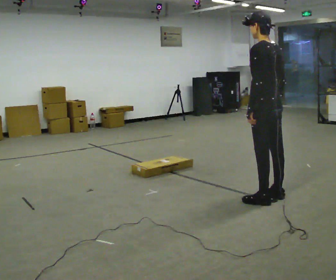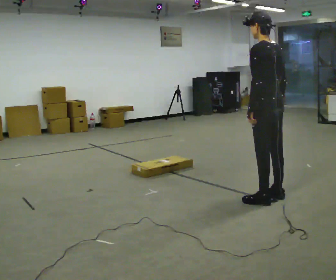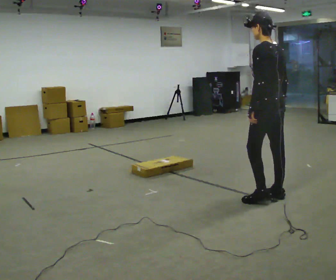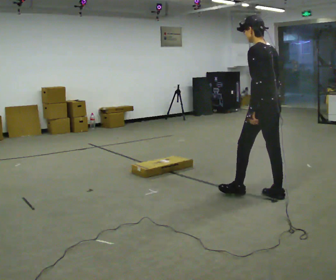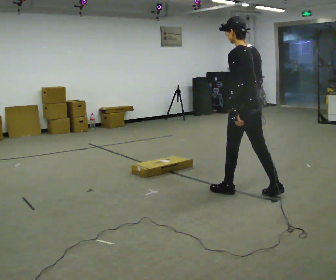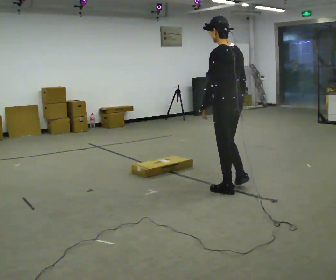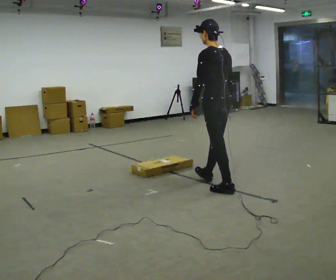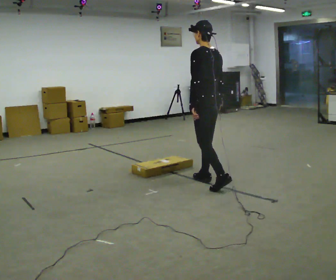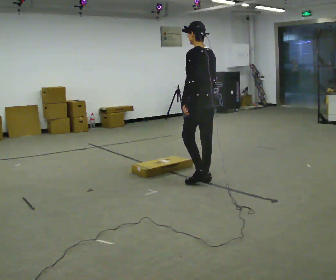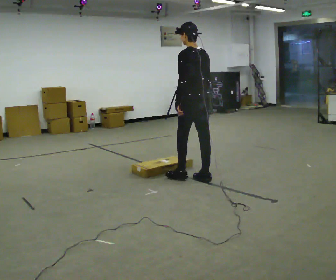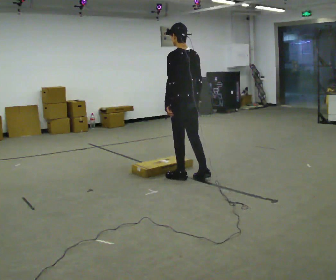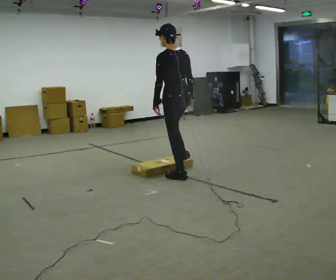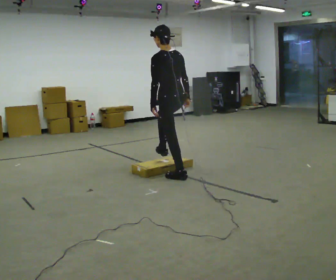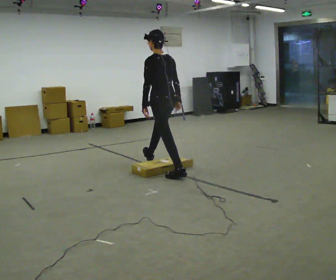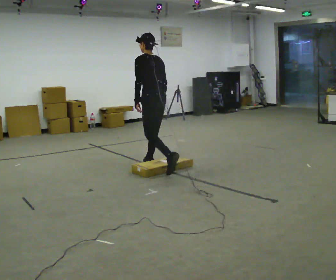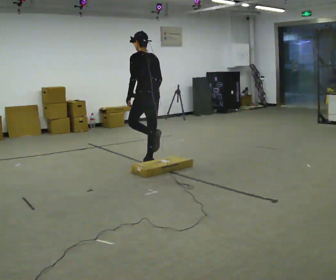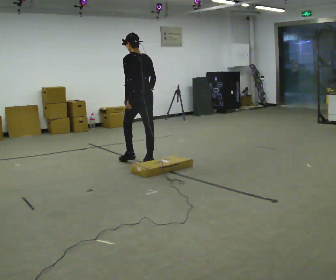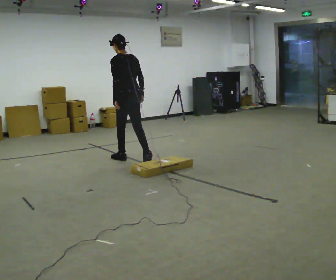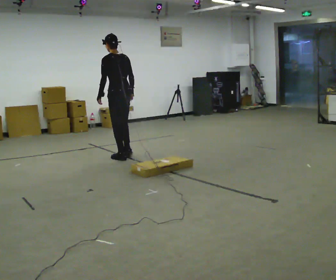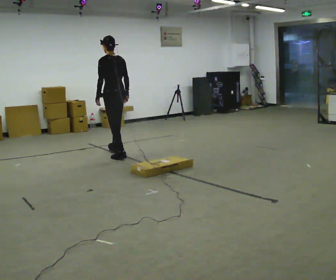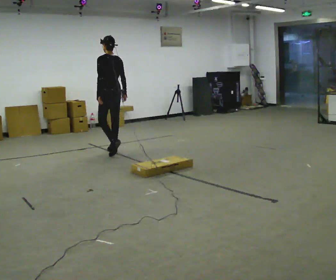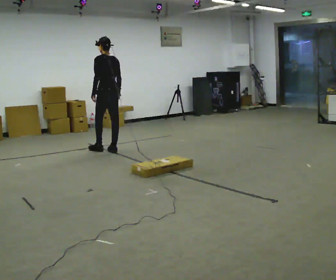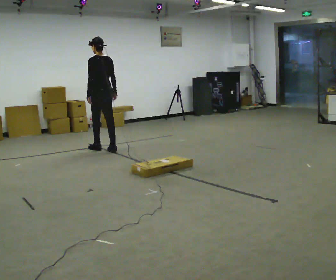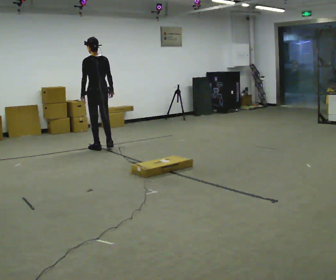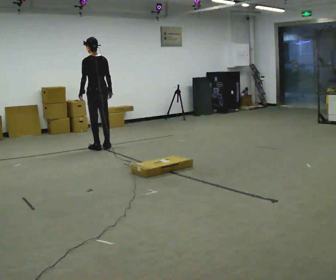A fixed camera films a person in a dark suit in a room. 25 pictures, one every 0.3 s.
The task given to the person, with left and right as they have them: Walk toward low obstacle; step over without stopping; continue.
0.0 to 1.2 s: In the picture they go away from the camera and to the left, about 0.25 m in 1 step, which for them is forward.
1.2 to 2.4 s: In the picture they go away from the camera and to the left, about 0.75 m in 1 step, which for them is forward.
2.4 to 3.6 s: In the picture they go to the left and away from the camera, about 0.5 m in 1 step, which for them is forward.
3.6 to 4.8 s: In the picture they go away from the camera and to the left, about 0.5 m in 1 step, which for them is forward.
4.8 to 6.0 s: In the picture they go away from the camera and to the left, about 1 m in 2 steps, which for them is forward.
6.0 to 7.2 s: In the picture they go away from the camera and to the left, about 0.25 m in 2 steps, which for them is forward.
The film runs forward here.
